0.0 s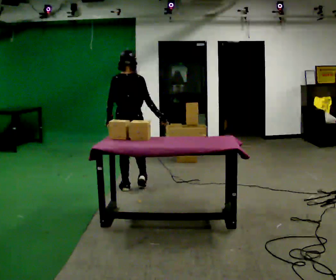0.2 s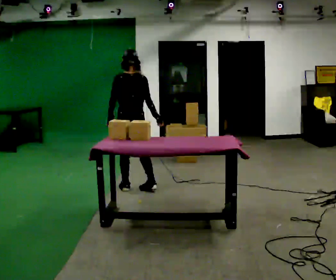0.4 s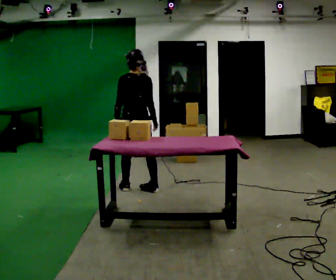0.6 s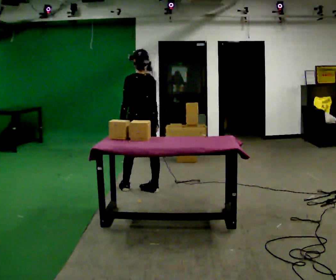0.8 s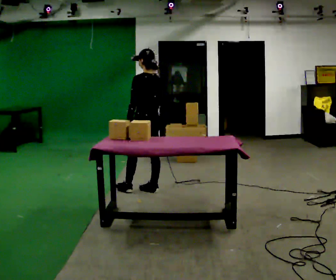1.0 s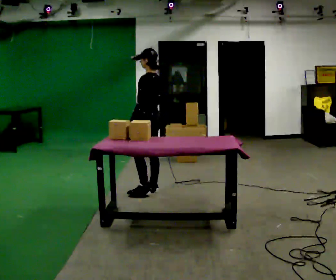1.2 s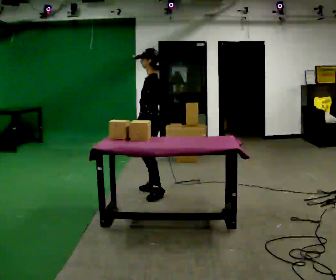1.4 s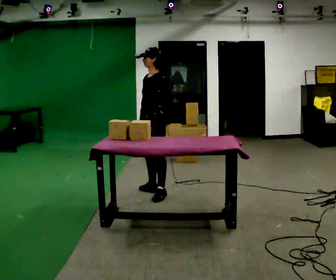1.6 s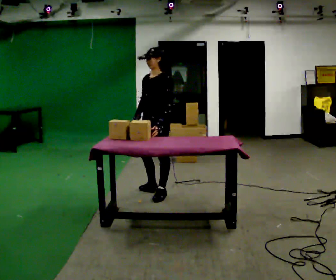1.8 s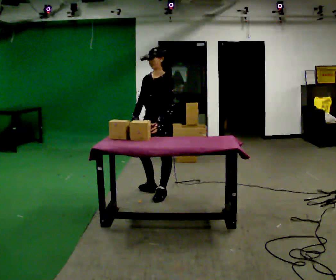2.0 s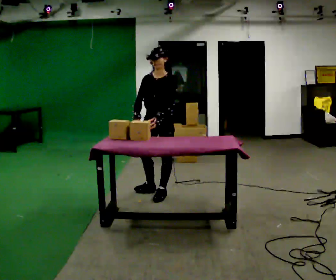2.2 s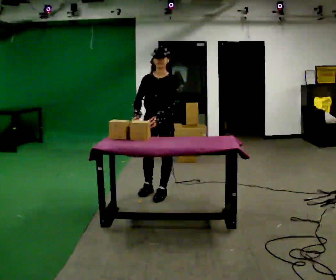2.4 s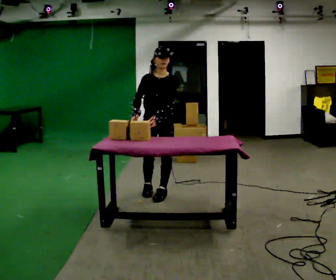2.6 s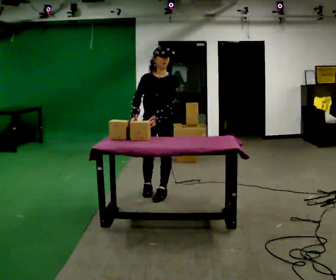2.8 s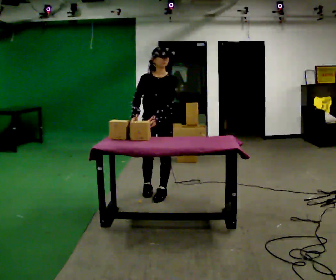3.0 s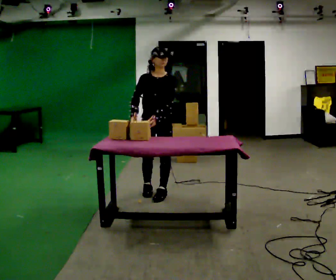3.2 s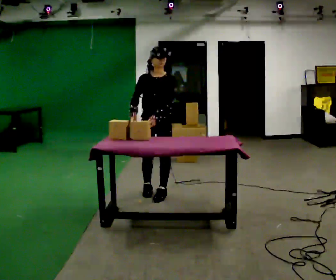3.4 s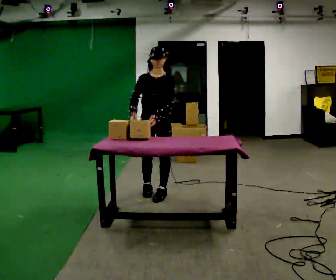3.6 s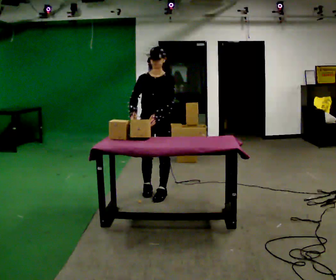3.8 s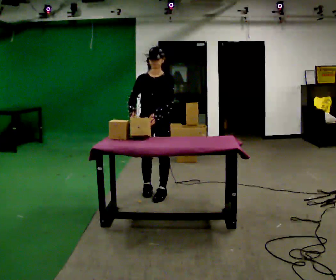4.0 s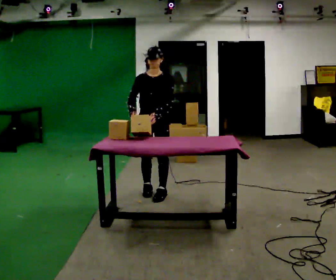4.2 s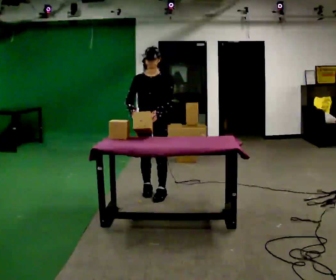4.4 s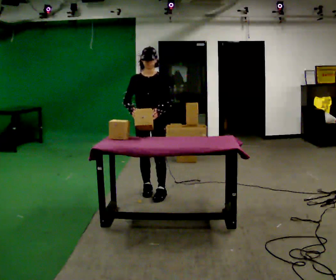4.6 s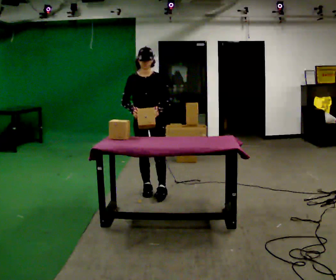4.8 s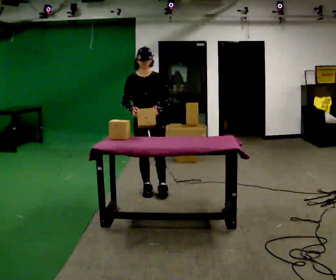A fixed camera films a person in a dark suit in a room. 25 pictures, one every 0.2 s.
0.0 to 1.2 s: The part of the body nearest the lens slides to the right as the person turns to their left by about 105 degrees. In the picture they go to the right, about 0.25 m in 1 step.
1.2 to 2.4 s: The person turns about 75 degrees to their left, counterclockwise seen from above, so the part of the body nearest the lens slides to the right. In the picture they go toward the camera, about 0.25 m.
2.4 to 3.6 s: The person moves a little, or ends about where they began.
3.6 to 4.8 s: In the picture they go away from the camera, about 0.25 m in 1 step, which for them is backward and to their right.
The film runs backward here.
